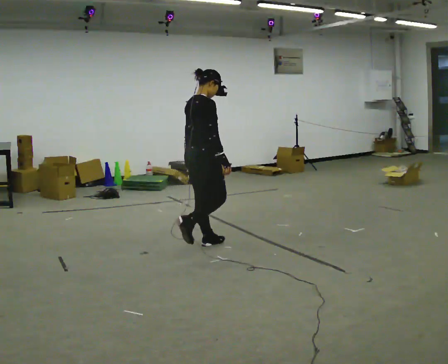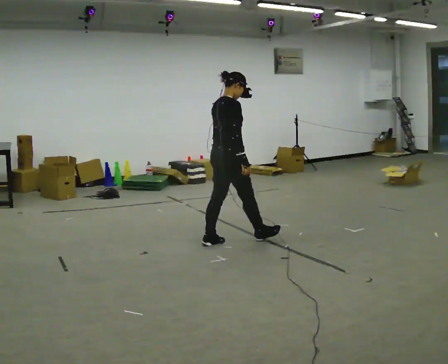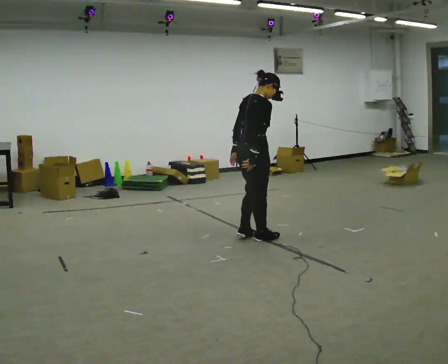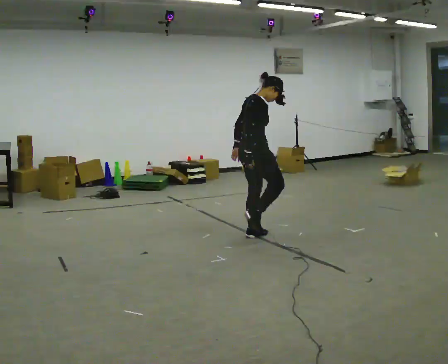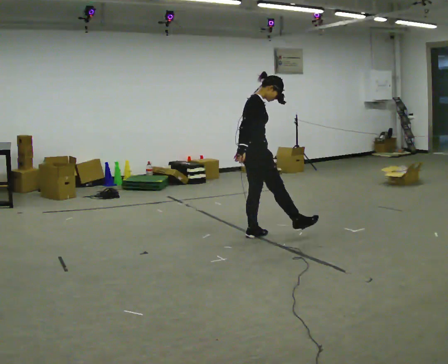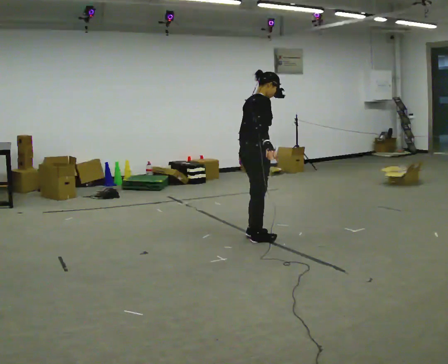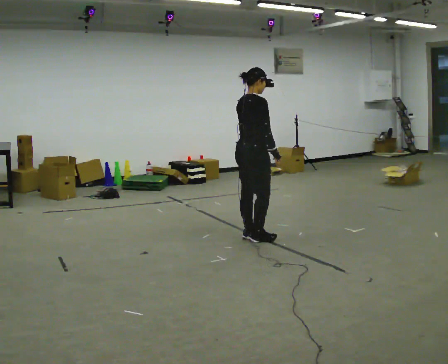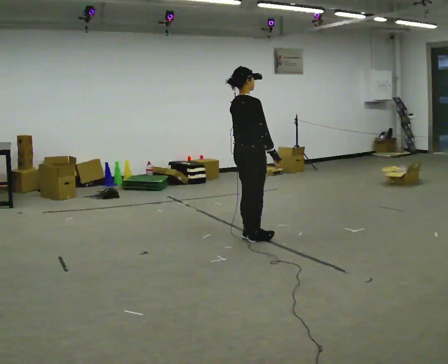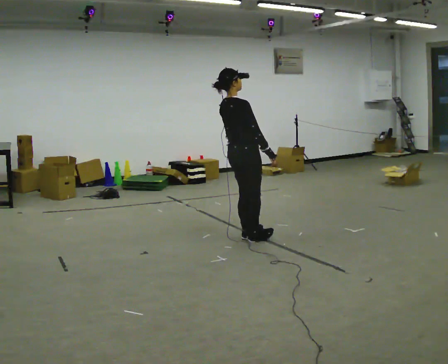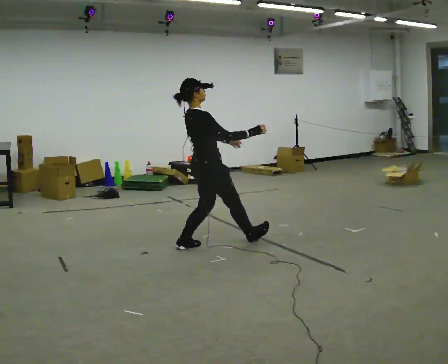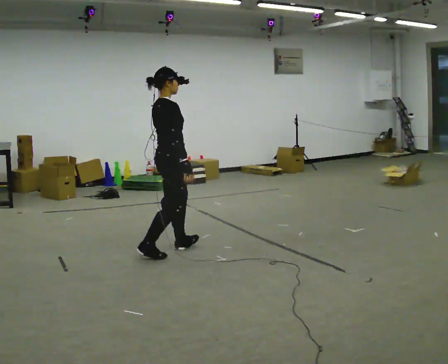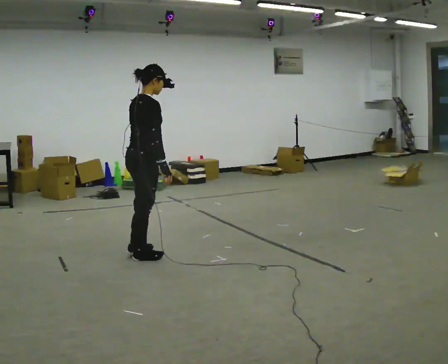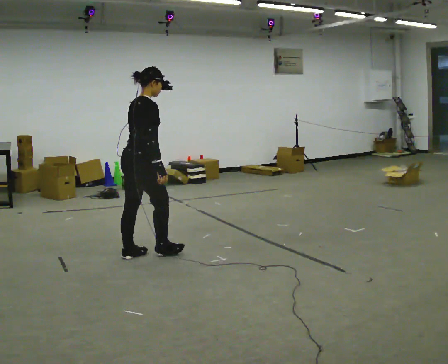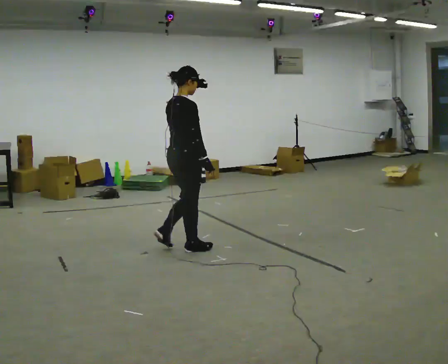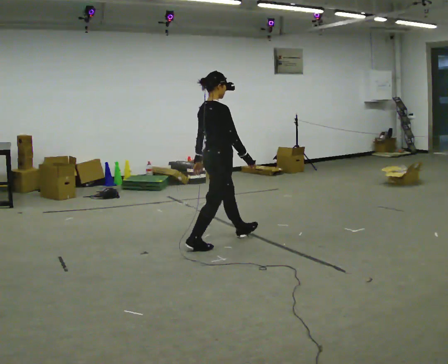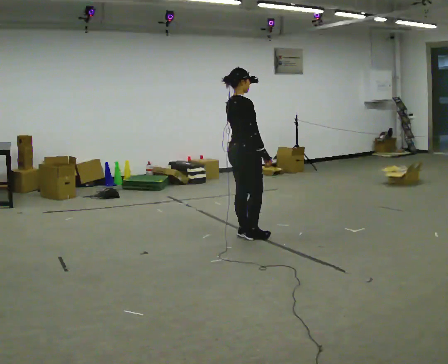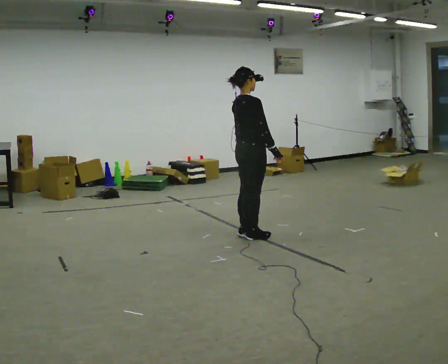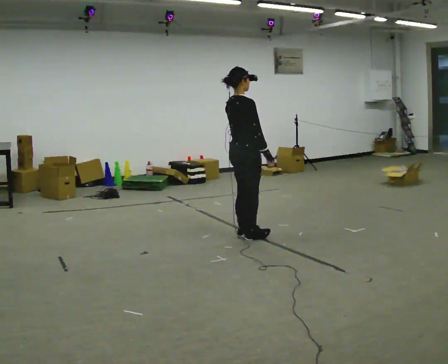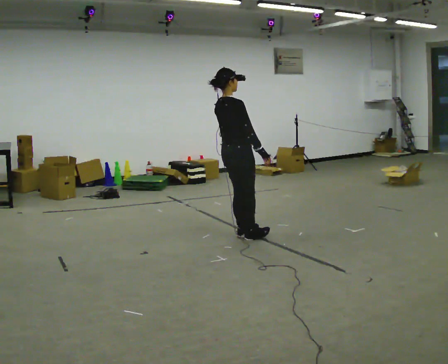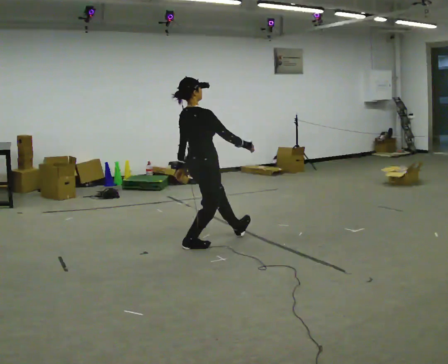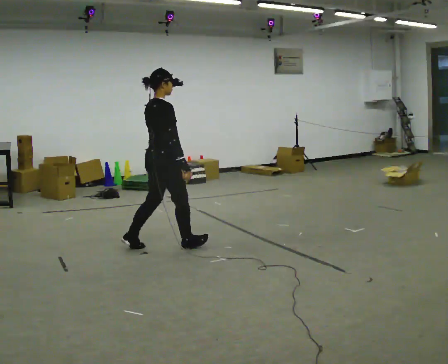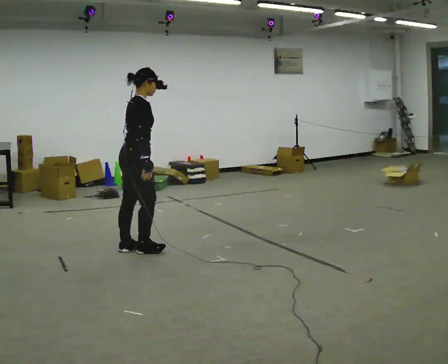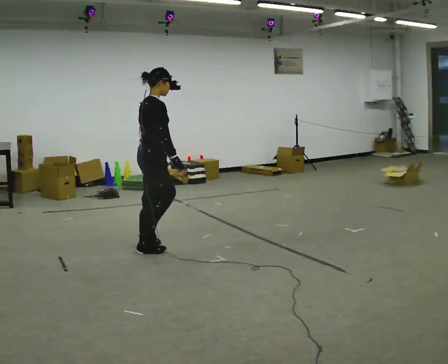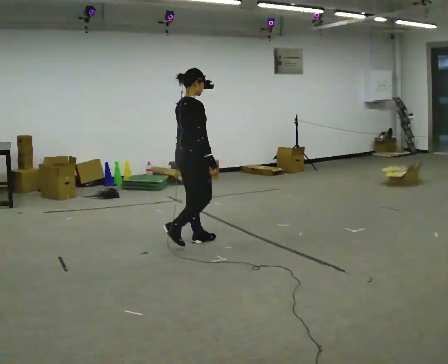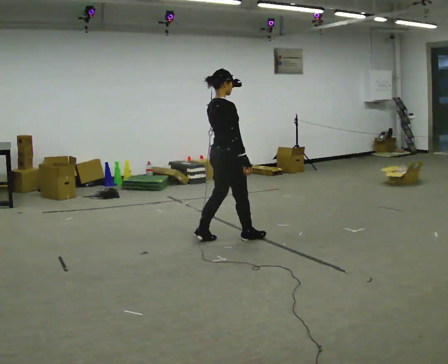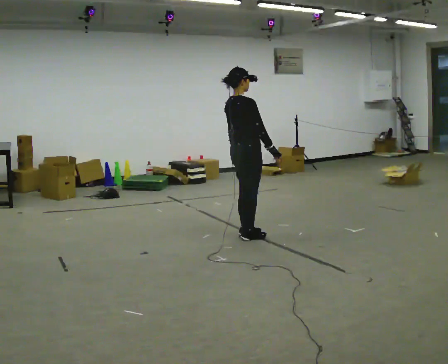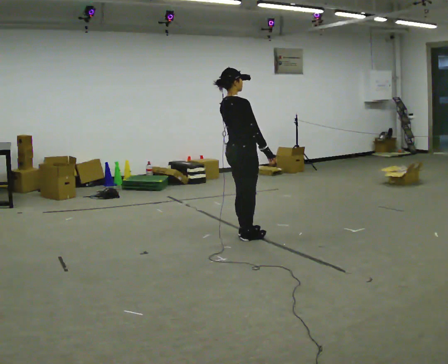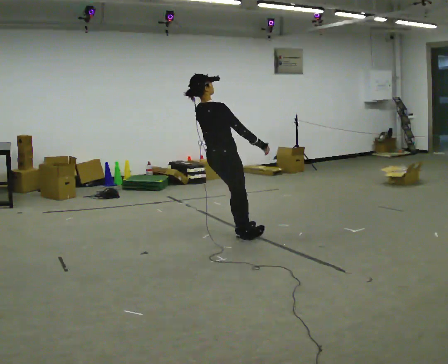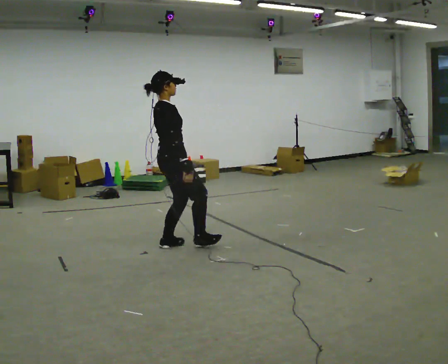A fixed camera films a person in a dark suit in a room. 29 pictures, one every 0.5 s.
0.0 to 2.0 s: Seen from above the body turns clockwise, about 30 degrees: to their right, with its near side sliding to the left. In the picture they go to the right and away from the camera, about 0.5 m in 2 steps, which for them is forward.
2.0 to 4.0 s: In the picture they go toward the camera, about 0.25 m, which for them is backward. In the picture the upper body tilts counterclockwise, shoulders to the left, as they lean back or straighten.
4.0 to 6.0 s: In the picture they go to the left and toward the camera, about 1 m in 3 steps, which for them is backward.
6.0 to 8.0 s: In the picture they go to the right and away from the camera, about 1 m in 3 steps, which for them is forward.
8.0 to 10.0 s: In the picture they go to the left and toward the camera, about 1 m in 1 step, which for them is backward.
10.0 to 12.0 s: In the picture they go to the right and away from the camera, about 0.75 m in 4 steps, which for them is forward.
12.0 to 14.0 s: In the picture they go to the left and toward the camera, about 0.5 m in 2 steps, which for them is backward.
The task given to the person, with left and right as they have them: Stand on the marked spots. Lean backward, keeping your body straight, until you cannot hold it, then step back to catch yourself. Return to the spots. Repeat at your own pace until the operator says stop. Go slowly and only as far as you are comfortable. Step whenever you need to; do not try to hold on longer than feels safe.
The film runs forward here.
